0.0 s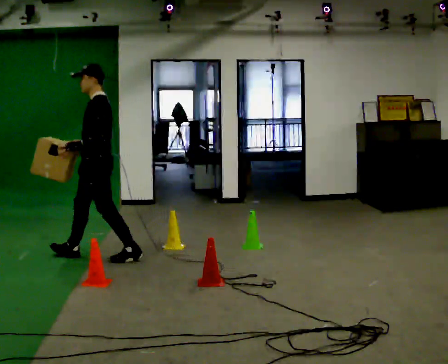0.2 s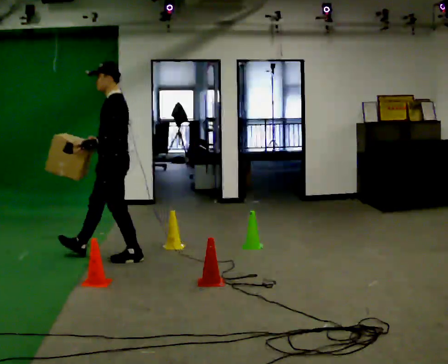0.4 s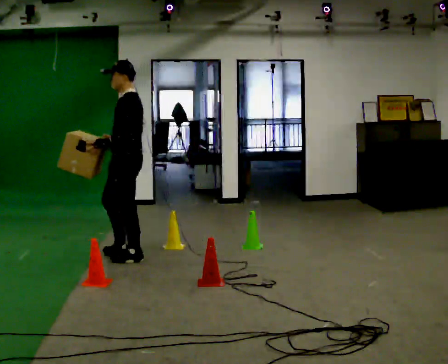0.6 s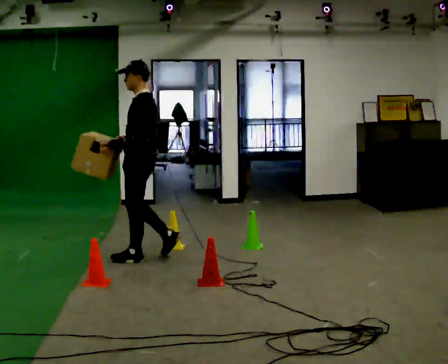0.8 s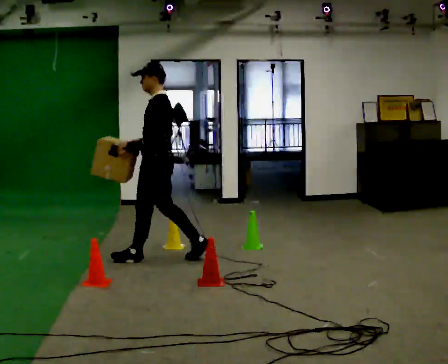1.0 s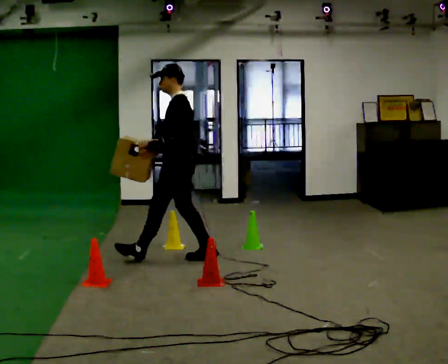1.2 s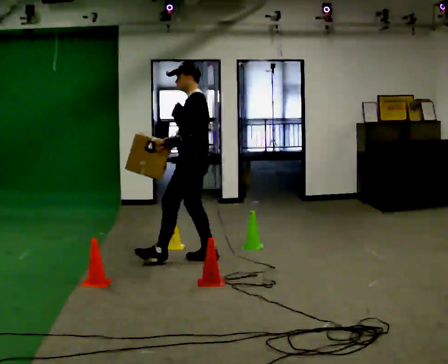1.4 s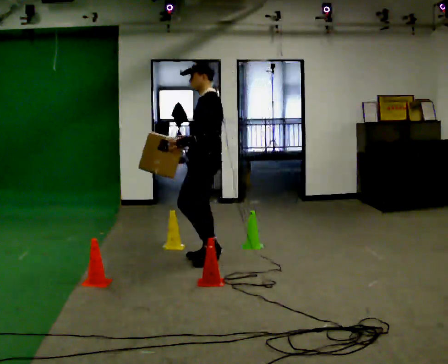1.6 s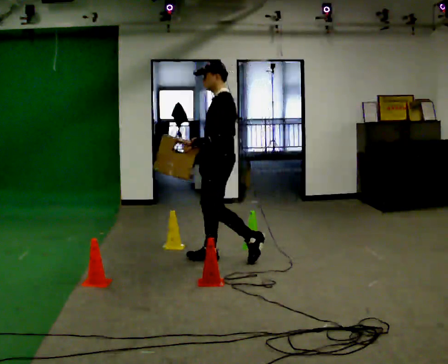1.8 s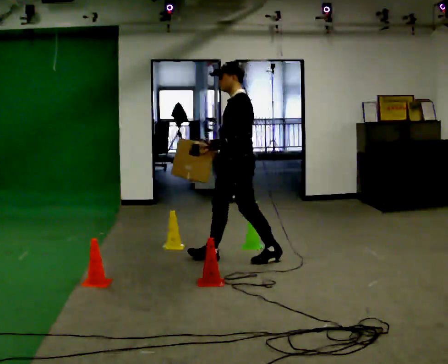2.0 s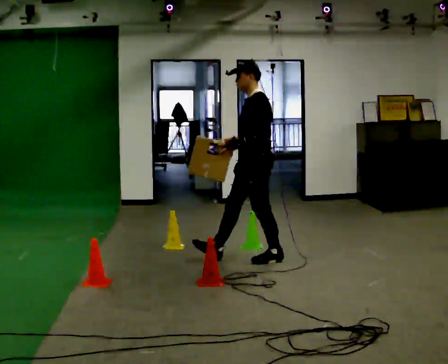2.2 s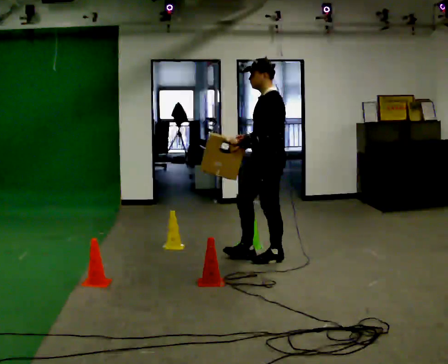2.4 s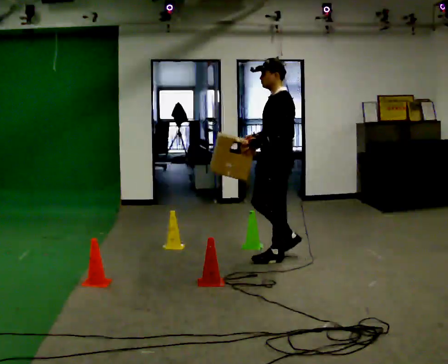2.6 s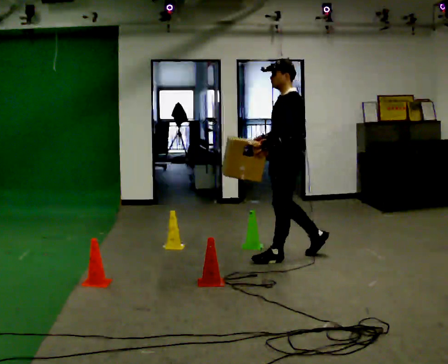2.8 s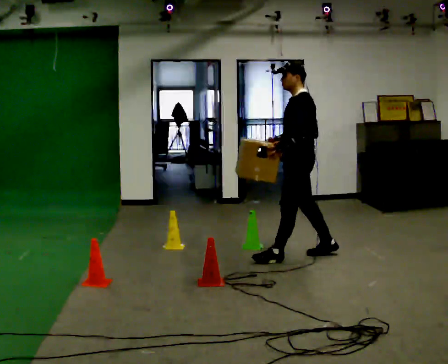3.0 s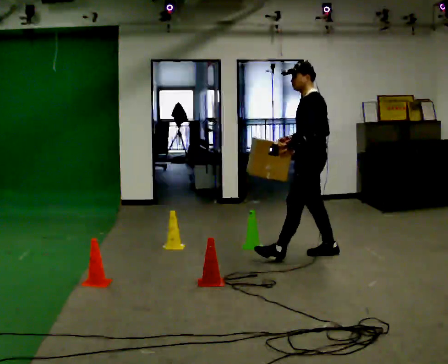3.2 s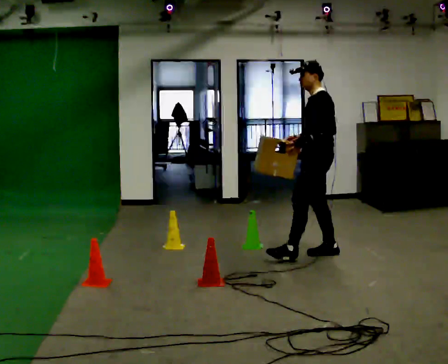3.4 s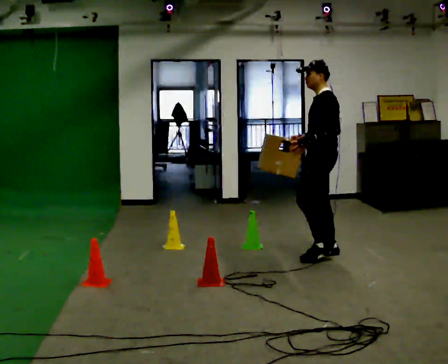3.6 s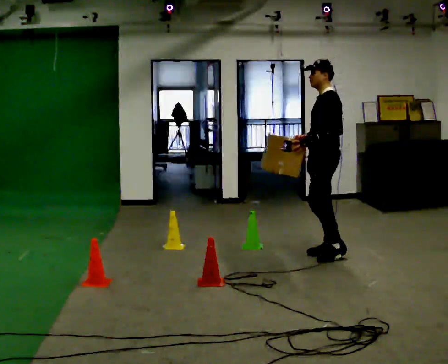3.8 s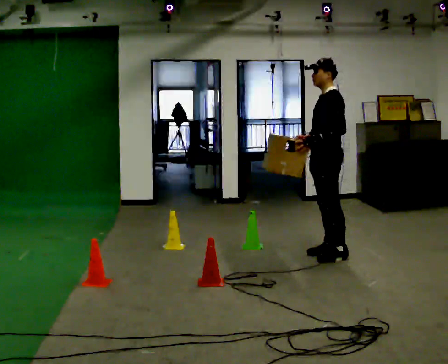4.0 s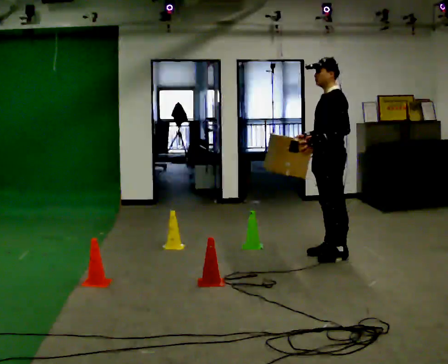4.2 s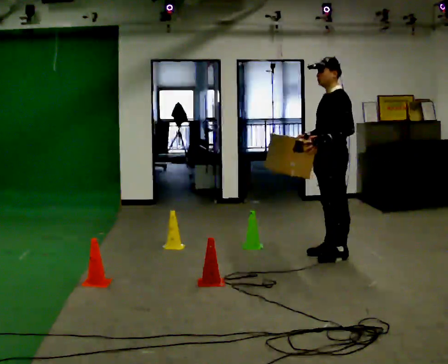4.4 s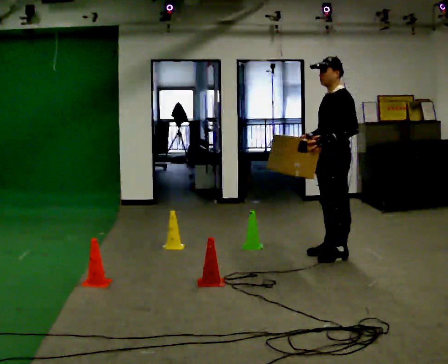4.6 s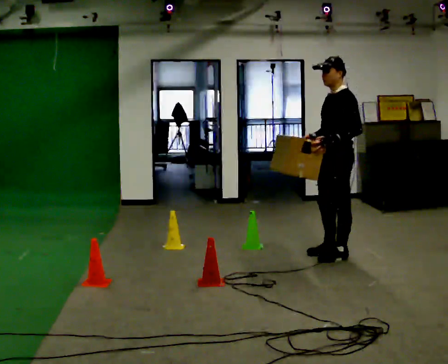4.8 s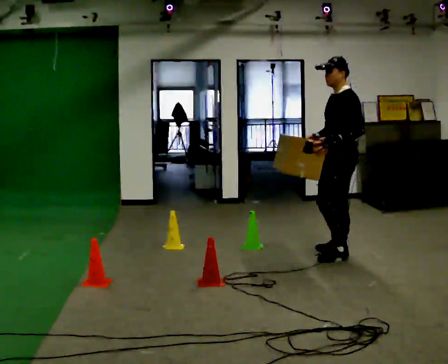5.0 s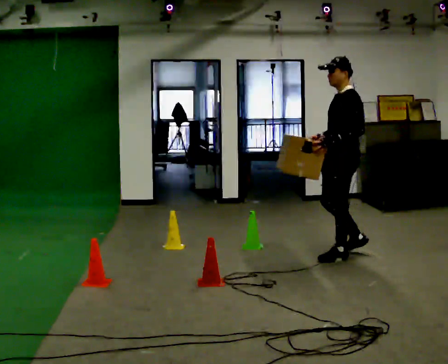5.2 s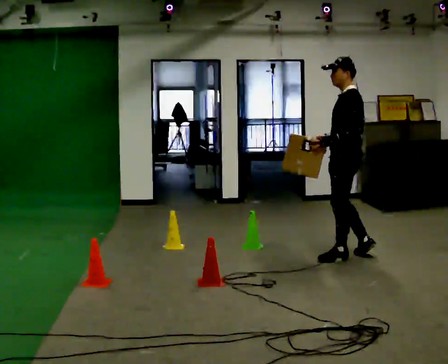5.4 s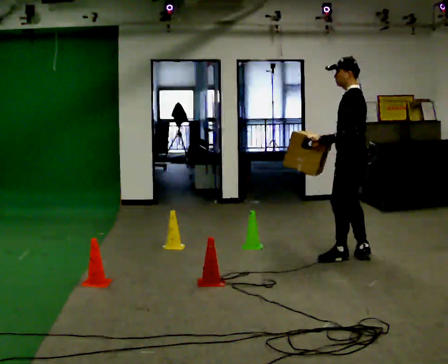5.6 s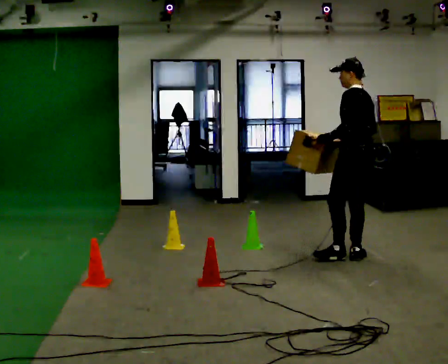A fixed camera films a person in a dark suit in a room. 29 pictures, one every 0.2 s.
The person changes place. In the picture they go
to the right.
0.0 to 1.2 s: In the picture they go to the right, about 1 m in 2 steps, which for them is backward.
1.2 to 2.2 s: In the picture they go to the right, about 0.75 m in 1 step, which for them is backward.
2.2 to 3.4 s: In the picture they go to the right and away from the camera, about 0.5 m in 1 step, which for them is backward.
3.4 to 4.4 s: The person moves a little, or ends about where they began.
4.4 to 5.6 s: Seen from above the body turns clockwise, about 45 degrees: to their right, with its near side sliding to the left. In the picture they go to the right, about 0.25 m in 2 steps, which for them is backward. In the picture their right hand goes to the right.
The film runs backward here.
